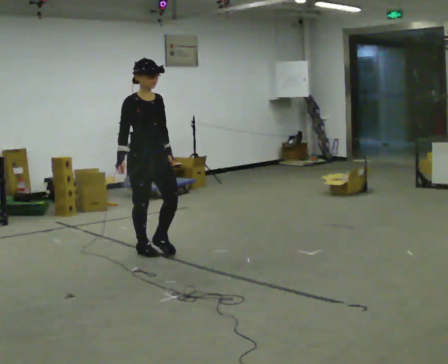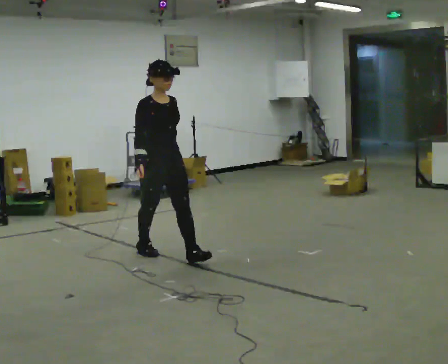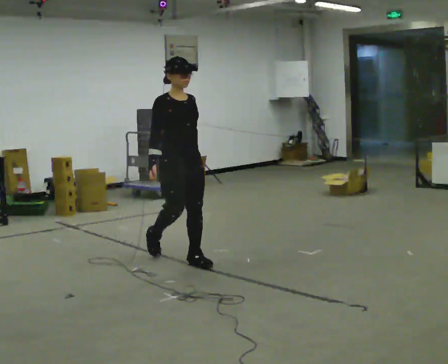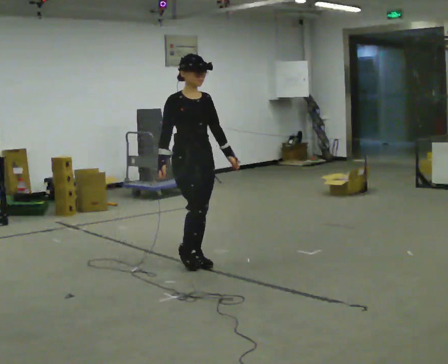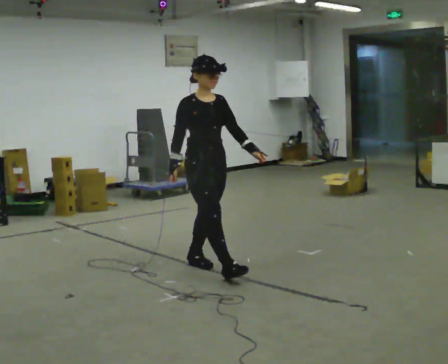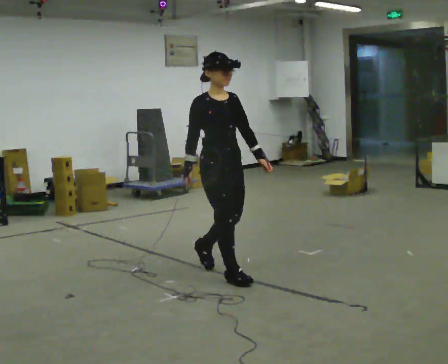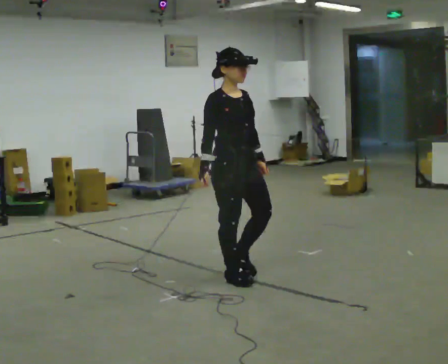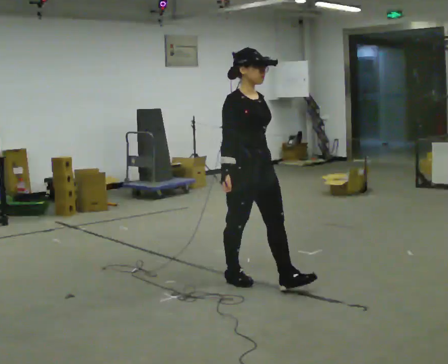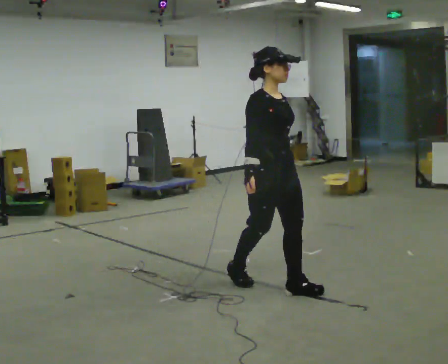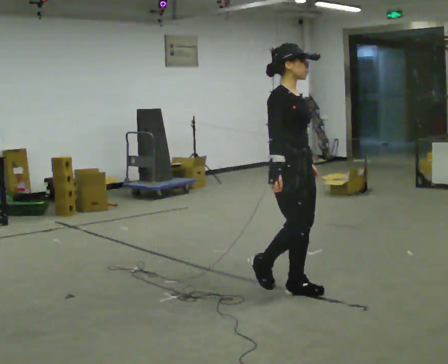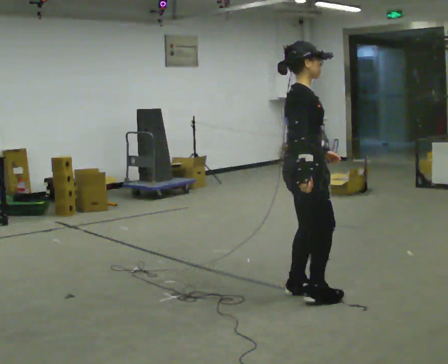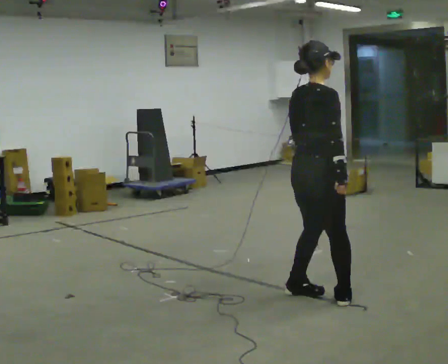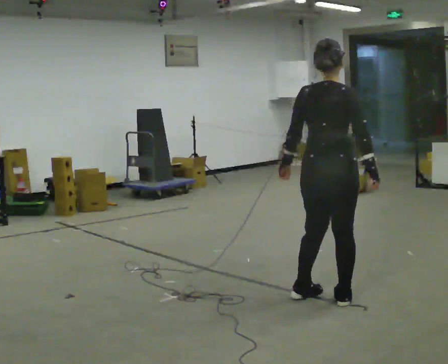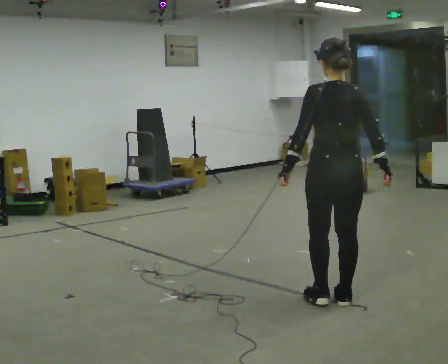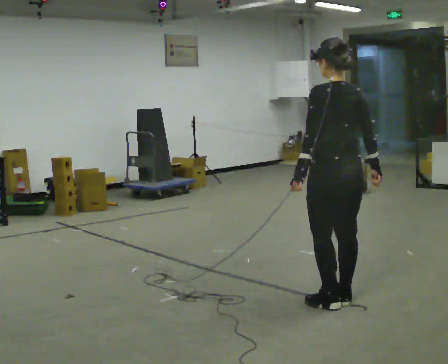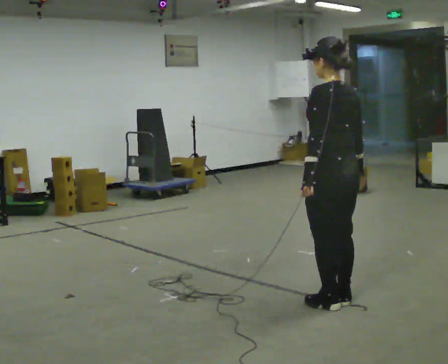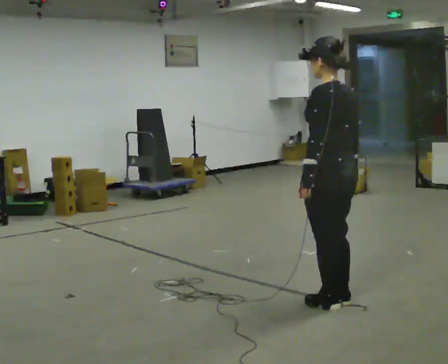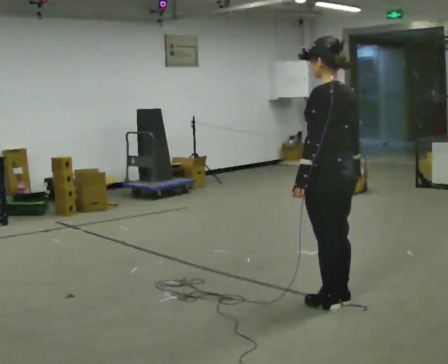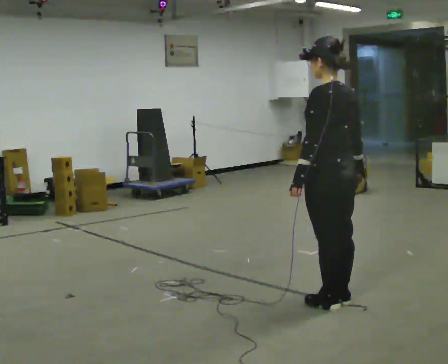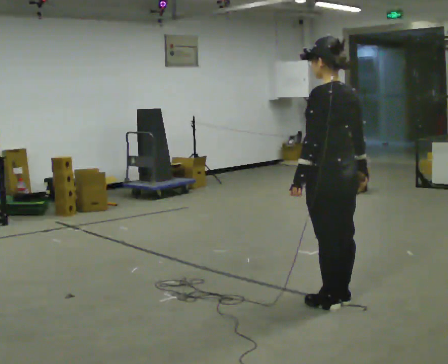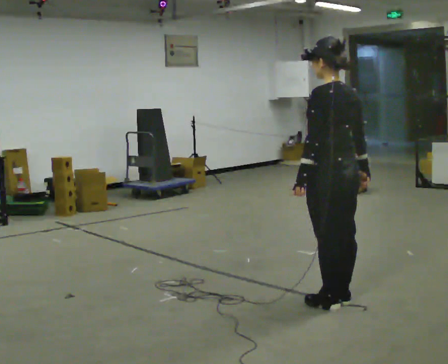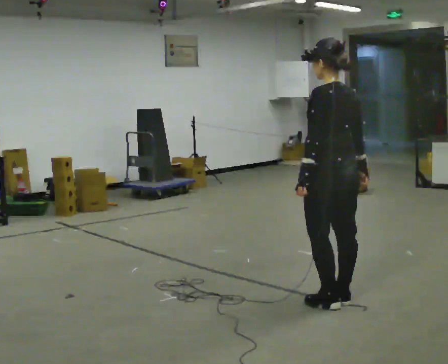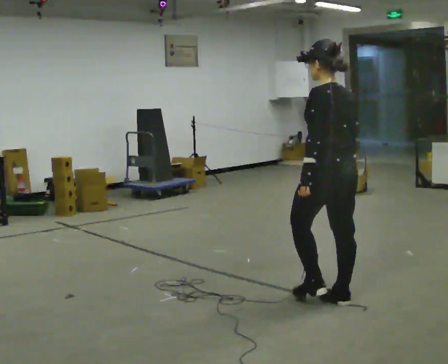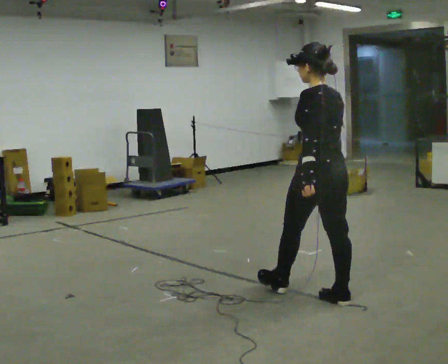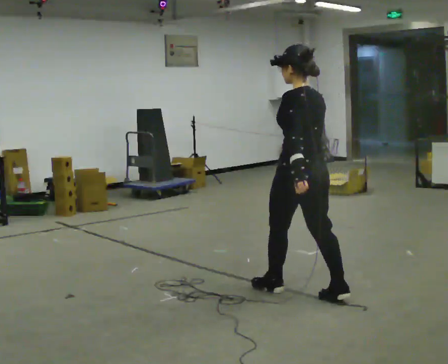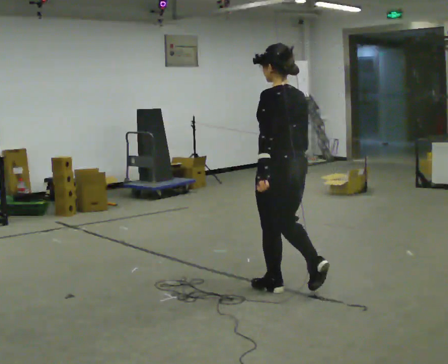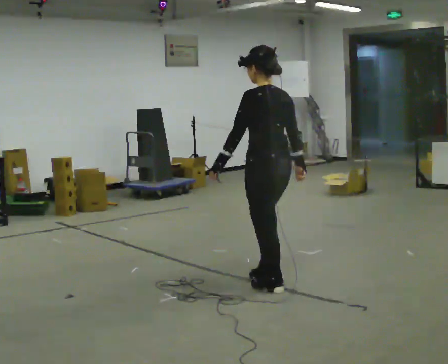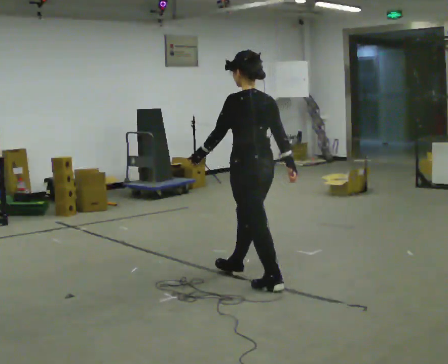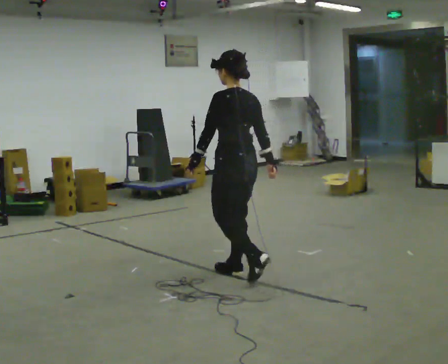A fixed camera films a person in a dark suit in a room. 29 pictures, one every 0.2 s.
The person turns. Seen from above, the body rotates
counterclockwise.
The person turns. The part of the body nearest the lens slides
to the right.
0.0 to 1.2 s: In the picture they go to the right and toward the camera, about 1 m in 2 steps, which for them is forward.
1.2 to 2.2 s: The part of the body nearest the lens slides to the right as the person turns to their left by about 90 degrees. In the picture they go to the right and toward the camera, about 0.75 m in 2 steps.
2.2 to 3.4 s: The person turns about 90 degrees to their left, counterclockwise seen from above, so the part of the body nearest the lens slides to the right. In the picture they go toward the camera, about 0.25 m in 1 step.
3.4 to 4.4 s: The person moves a little, or ends about where they began.
4.4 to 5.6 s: In the picture they go to the left and away from the camera, about 1 m in 2 steps, which for them is forward.
The film runs forward here.
